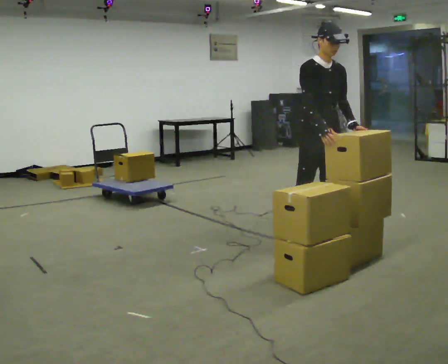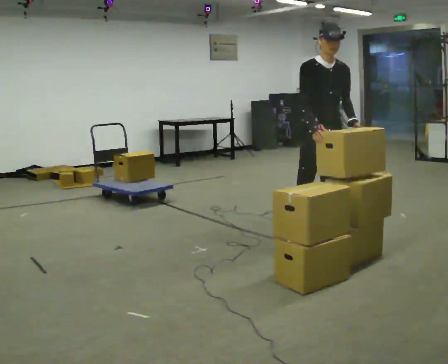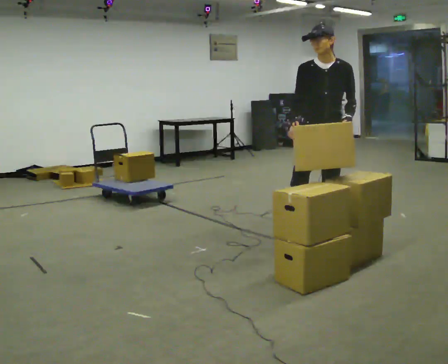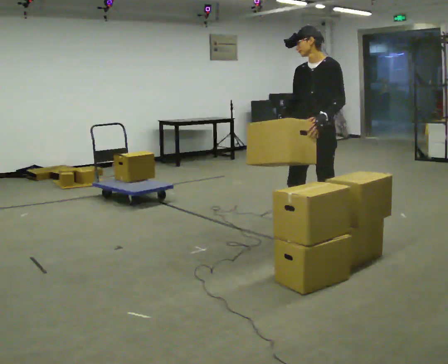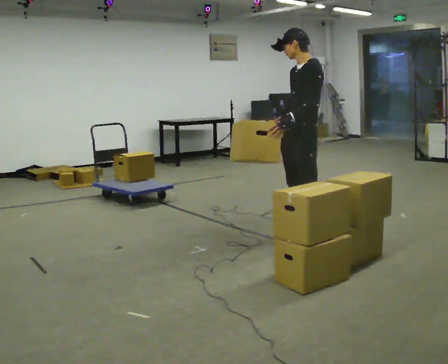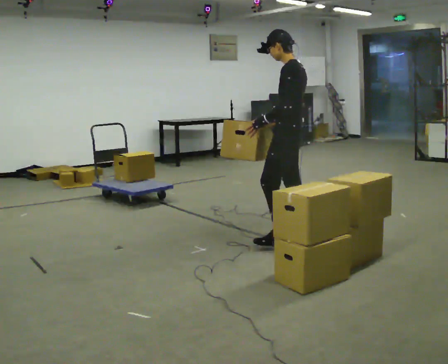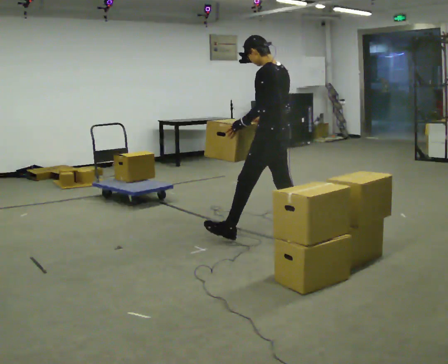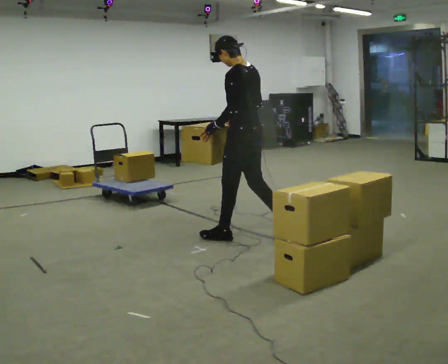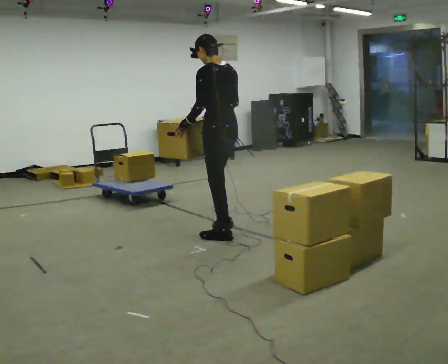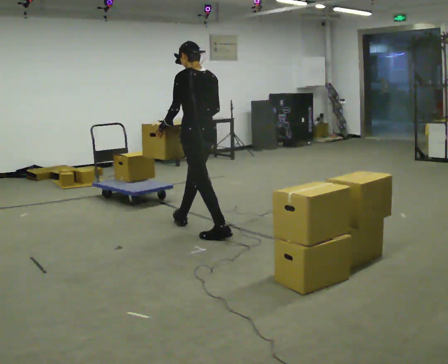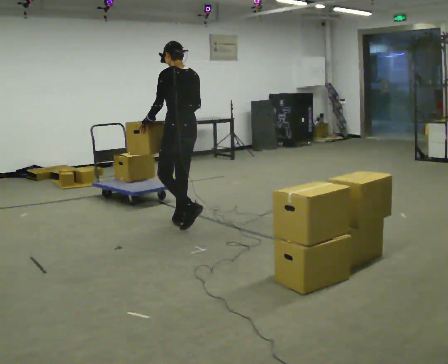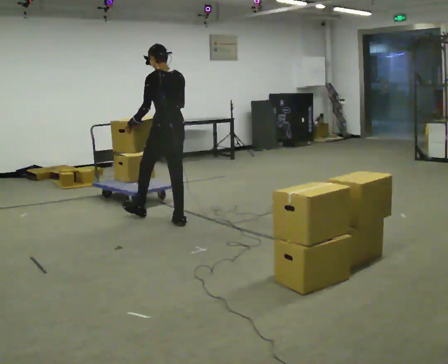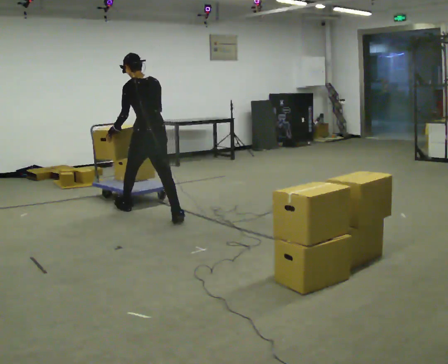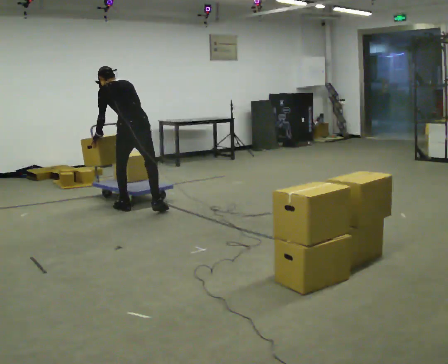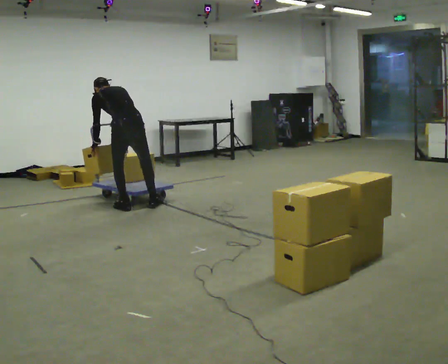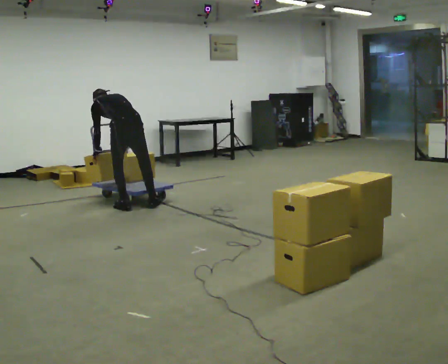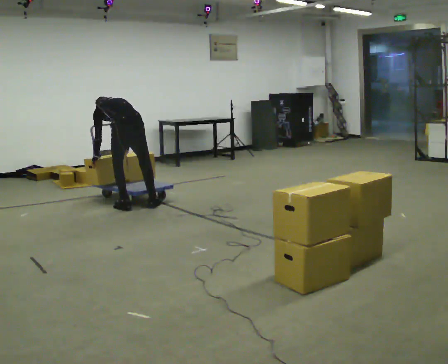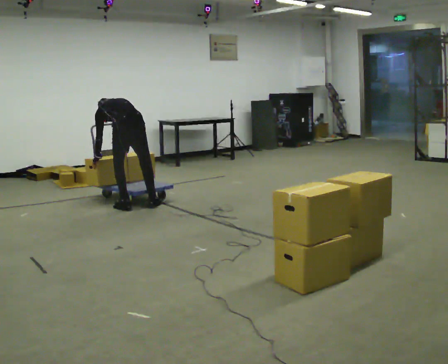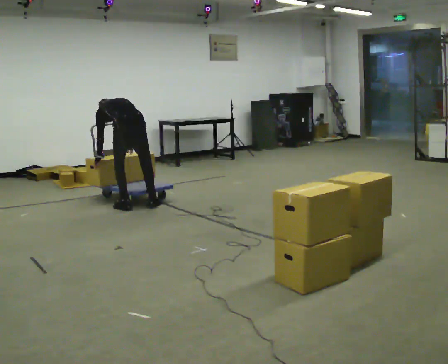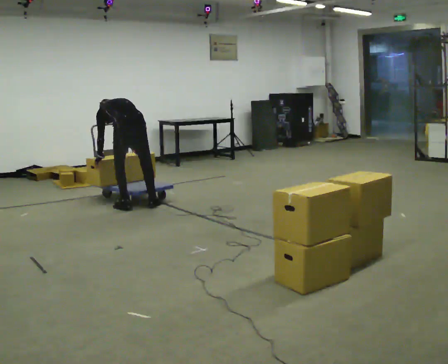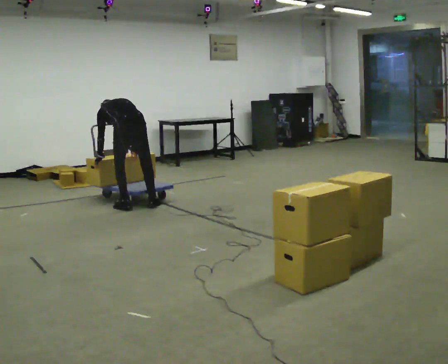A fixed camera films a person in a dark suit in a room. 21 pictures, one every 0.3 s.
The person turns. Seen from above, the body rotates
clockwise.
The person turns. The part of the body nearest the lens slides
to the left.
0.0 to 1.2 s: The person turns about 90 degrees to their right, clockwise seen from above, so the part of the body nearest the lens slides to the left.
1.2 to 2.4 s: Seen from above the body turns clockwise, about 60 degrees: to their right, with its near side sliding to the left. In the picture they go to the left, about 0.75 m in 1 step.
2.4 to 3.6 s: In the picture they go away from the camera and to the left, about 1 m in 2 steps, which for them is forward.
3.6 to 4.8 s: In the picture they go to the left and away from the camera, about 0.25 m in 1 step, which for them is forward and to their left. The upper body goes downward. The upper body tips away from the camera, its near side rolling upward, as they bend forward. In the picture their right hand goes downward.
4.8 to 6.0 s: The person moves a little, or ends about where they began.
The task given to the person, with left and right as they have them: Load the boxes onto the cart one at a time, then take them all off again. The cart stays where it is. Keep going until the operator says stop; one object at a time, and do not rush between trips.
The film runs forward here.
